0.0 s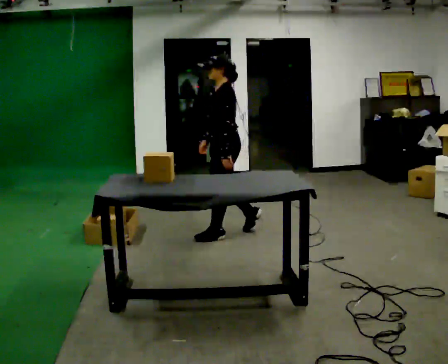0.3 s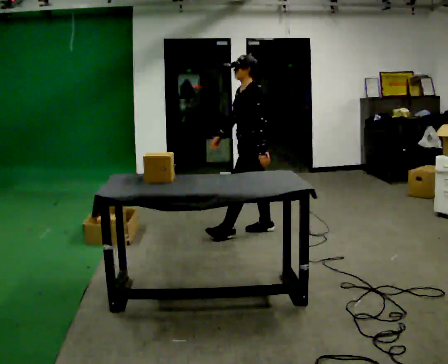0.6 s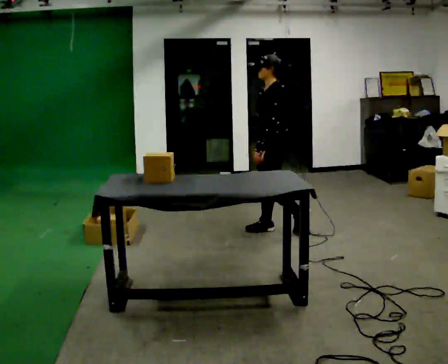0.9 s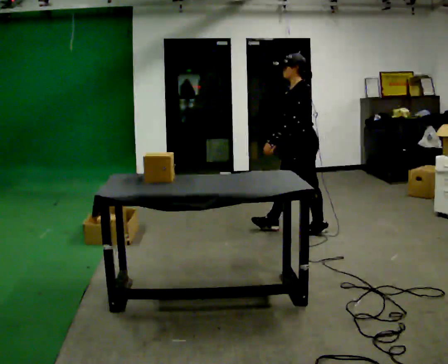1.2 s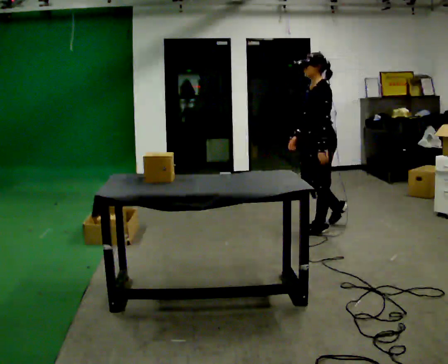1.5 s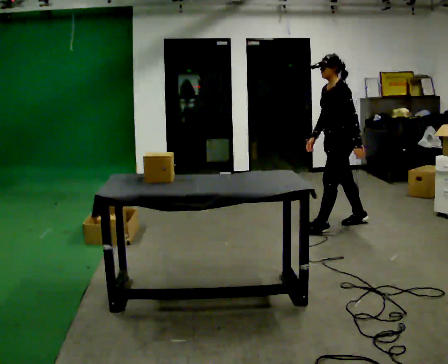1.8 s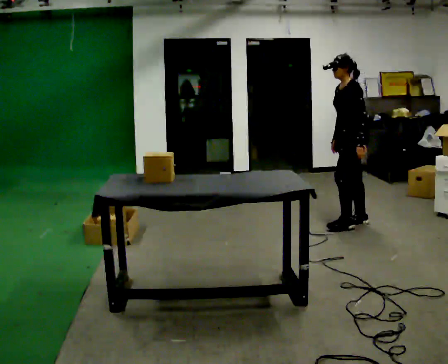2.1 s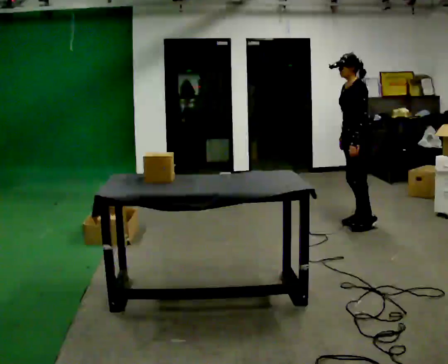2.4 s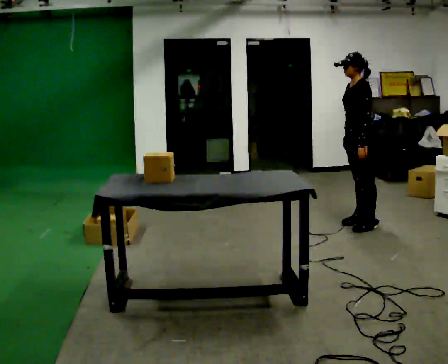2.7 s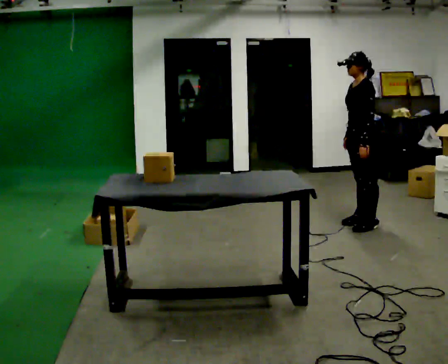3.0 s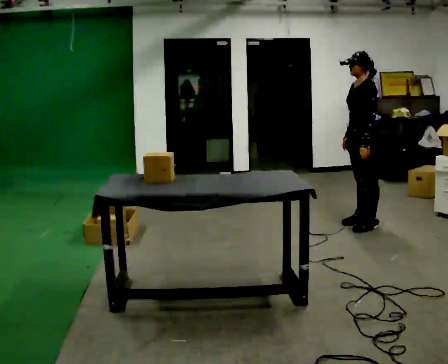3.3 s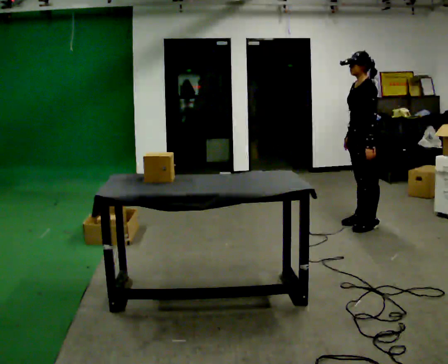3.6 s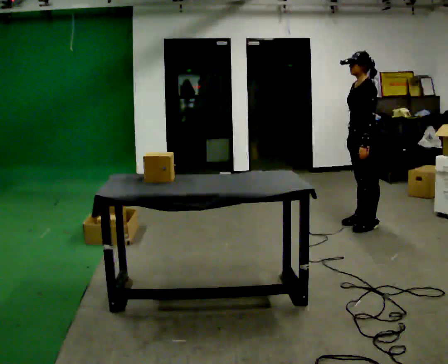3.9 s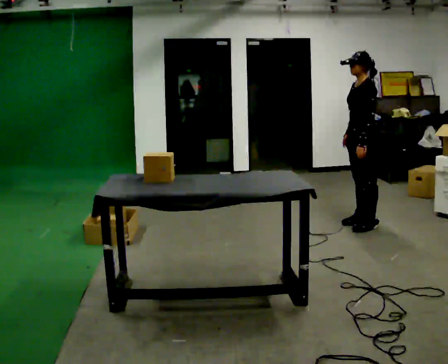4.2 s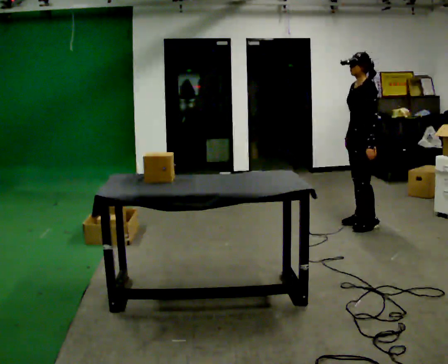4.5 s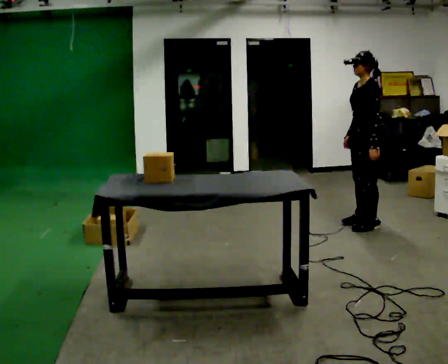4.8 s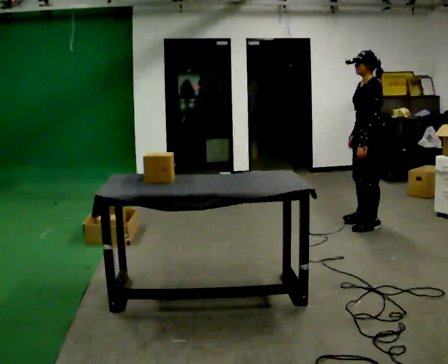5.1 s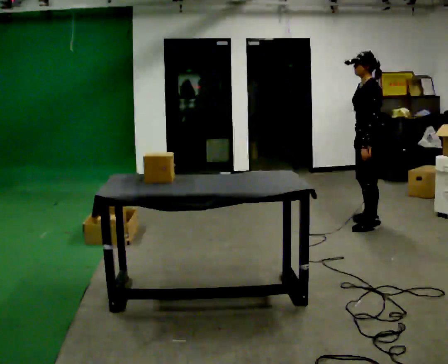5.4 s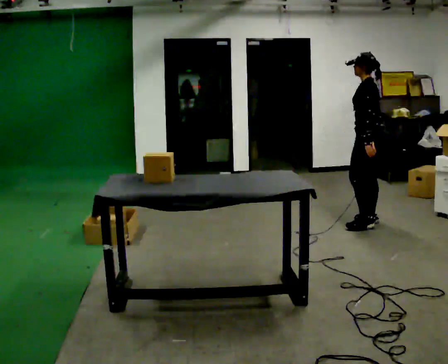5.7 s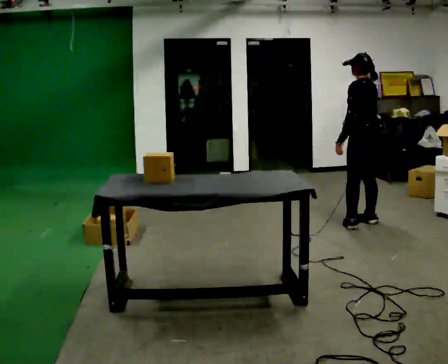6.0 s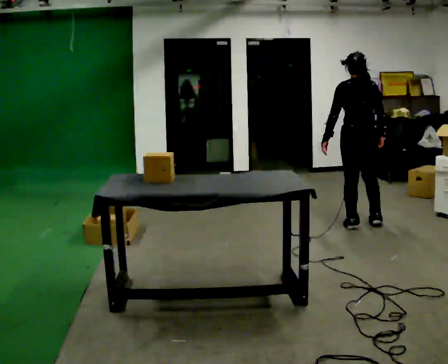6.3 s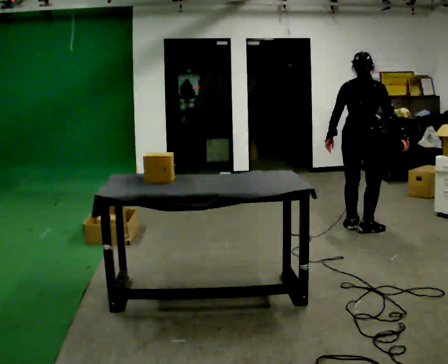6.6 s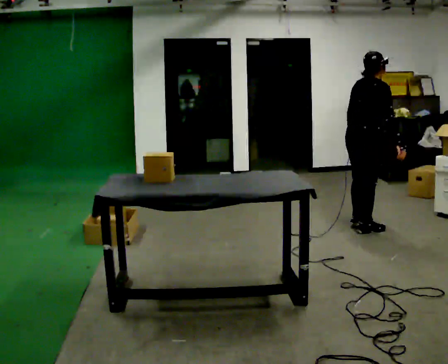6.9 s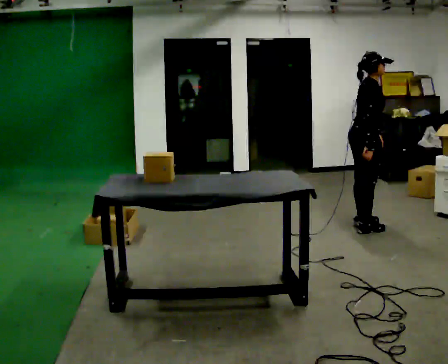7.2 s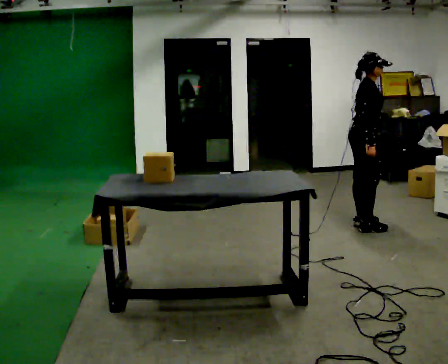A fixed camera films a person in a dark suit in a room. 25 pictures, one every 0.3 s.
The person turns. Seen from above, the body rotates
clockwise.
The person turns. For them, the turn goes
to their right.
0.0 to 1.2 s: In the picture they go to the right and away from the camera, about 1 m in 2 steps, which for them is backward.
1.2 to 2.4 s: In the picture they go to the right and away from the camera, about 0.5 m in 1 step, which for them is backward.
2.4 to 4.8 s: The person moves a little, or ends about where they began.
4.8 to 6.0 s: The person turns about 75 degrees to their right, clockwise seen from above, so the part of the body nearest the lens slides to the left.
6.0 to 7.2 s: Seen from above the body turns clockwise, about 120 degrees: to their right, with its near side sliding to the left.
The film runs backward here.
